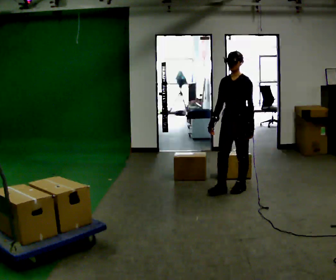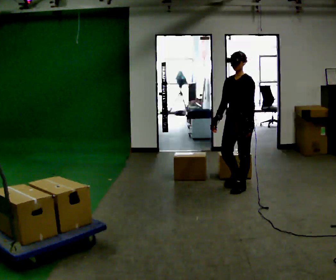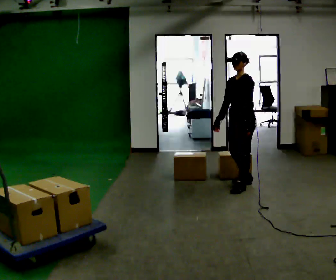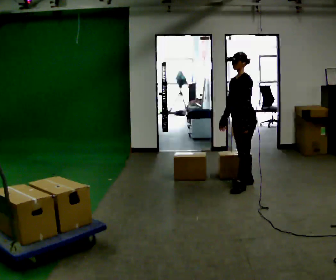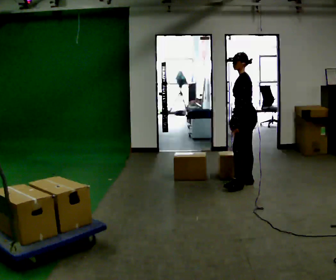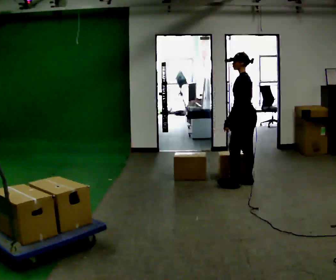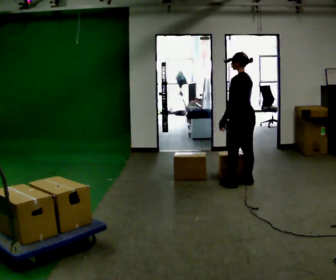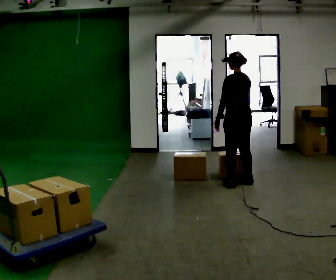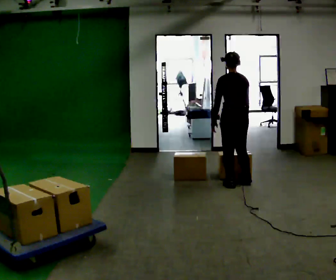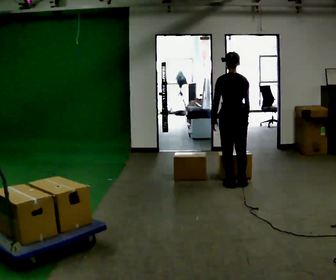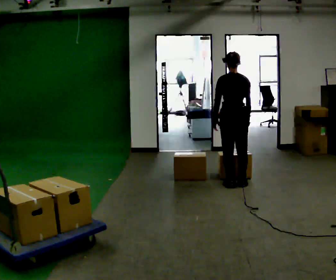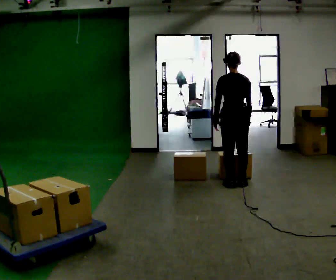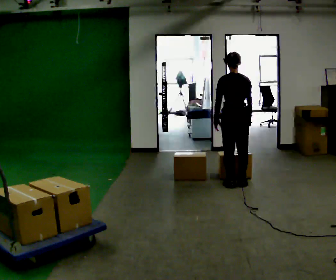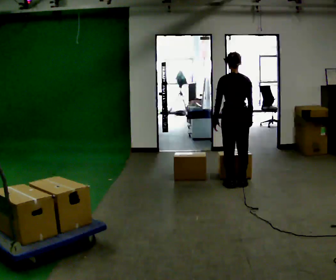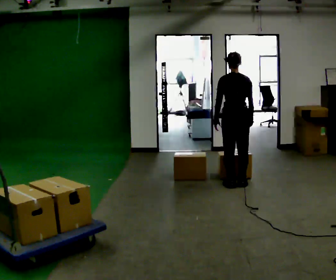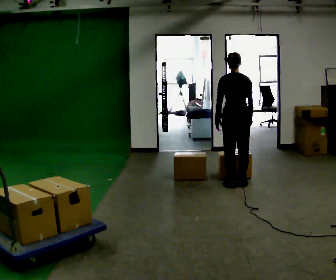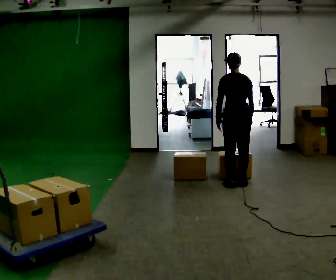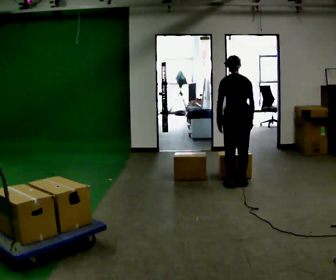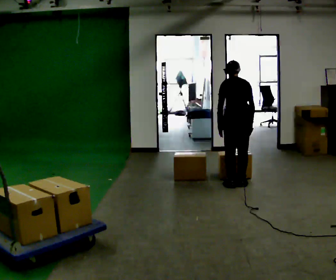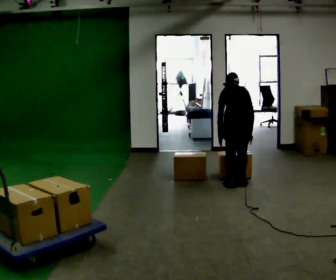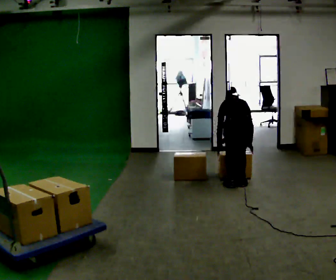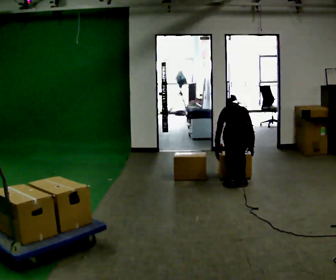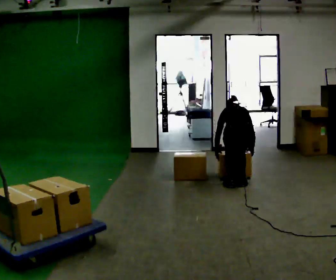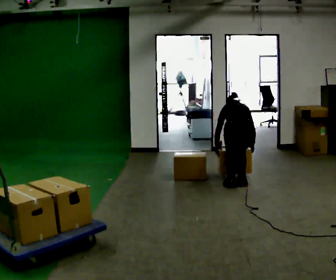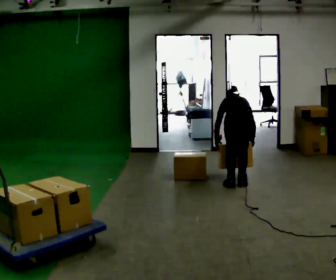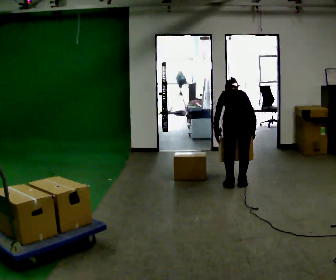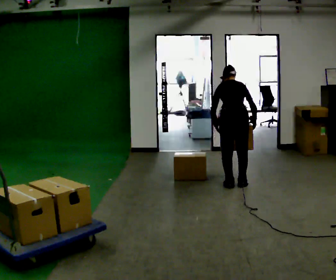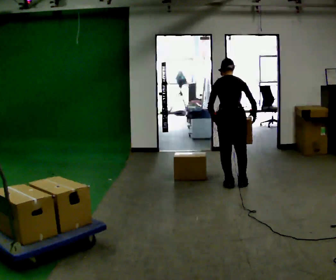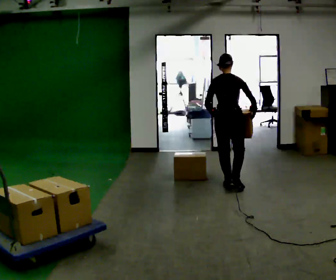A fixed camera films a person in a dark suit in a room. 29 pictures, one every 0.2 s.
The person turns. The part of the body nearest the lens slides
to the left.
The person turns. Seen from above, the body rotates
clockwise.
0.0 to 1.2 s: Seen from above the body turns clockwise, about 90 degrees: to their right, with its near side sliding to the left. In the picture they go away from the camera, about 0.25 m.
1.2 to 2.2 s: Seen from above the body turns clockwise, about 60 degrees: to their right, with its near side sliding to the left.
2.2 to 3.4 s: The upper body tips away from the camera, its near side rolling upward, as they bend forward.
3.4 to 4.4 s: The upper body goes downward. The upper body tips away from the camera, its near side rolling upward, as they bend forward. In the picture their right hand goes downward.
4.4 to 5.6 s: The upper body goes upward. The upper body tips toward the camera, its near side rolling downward, as they lean back or straighten. In the picture their right hand goes upward.
The film runs backward here.
